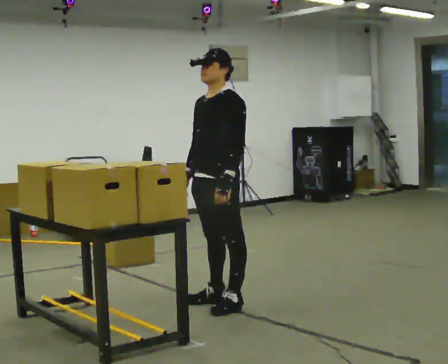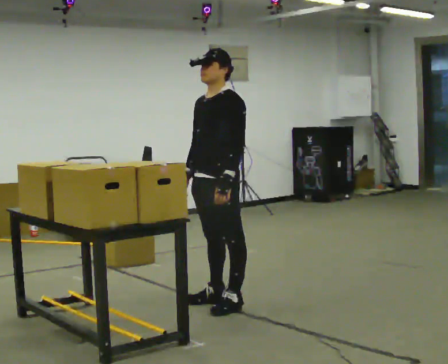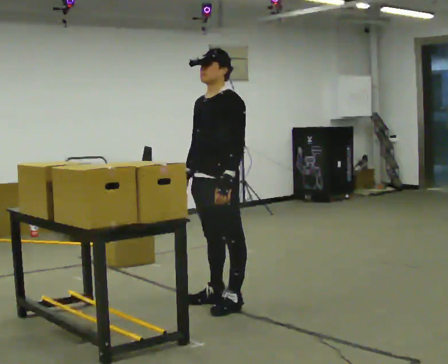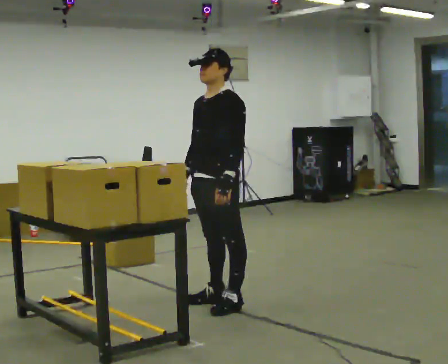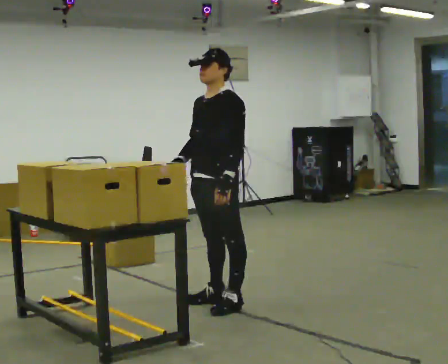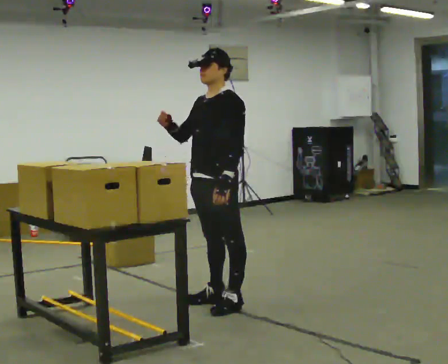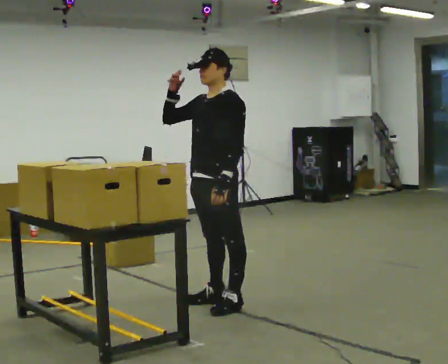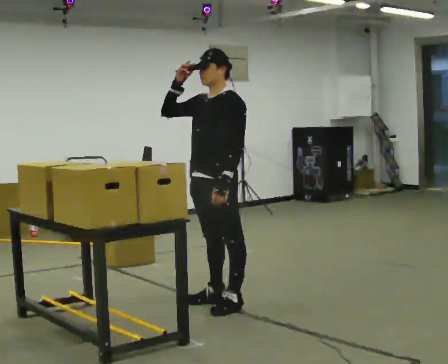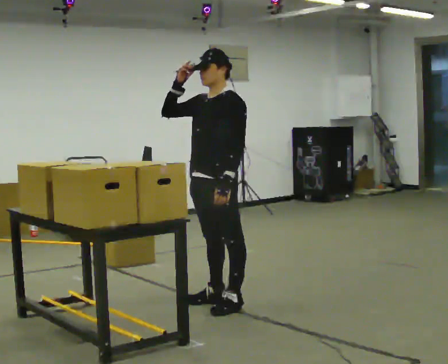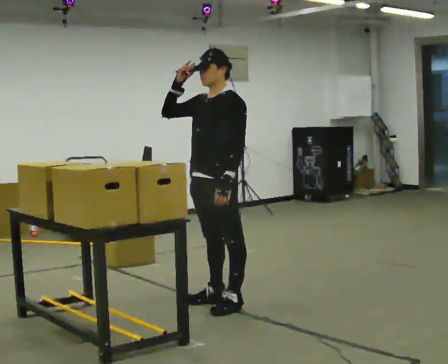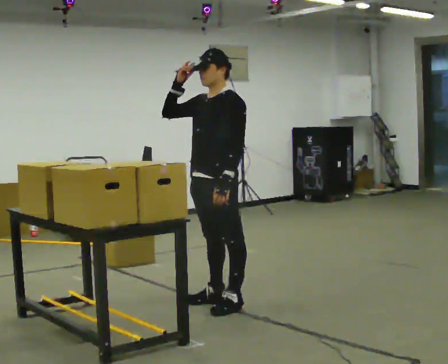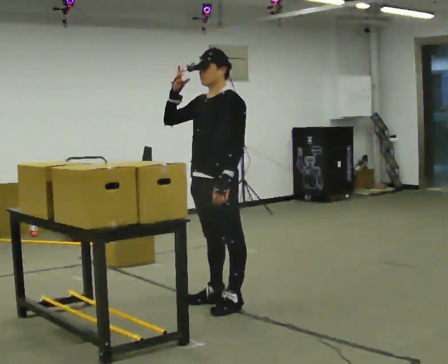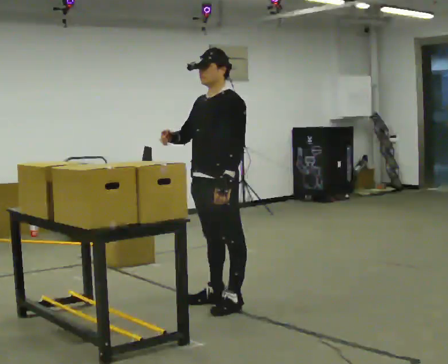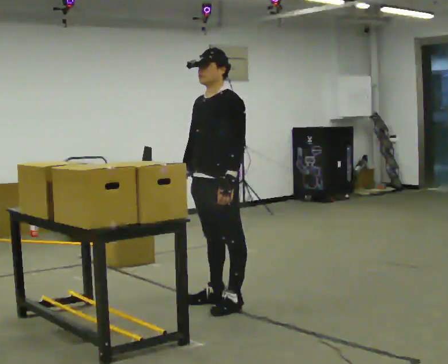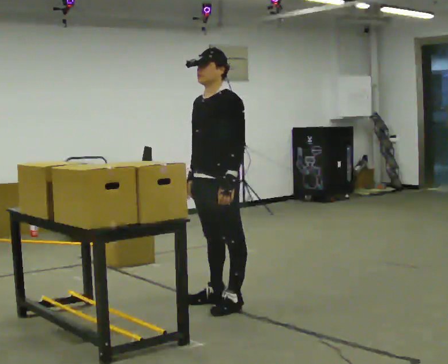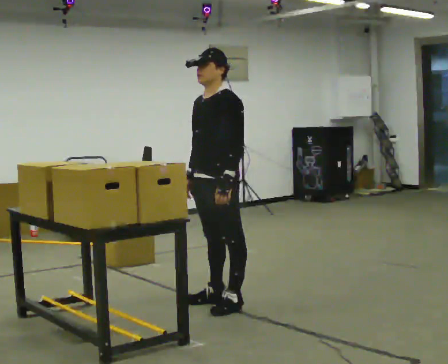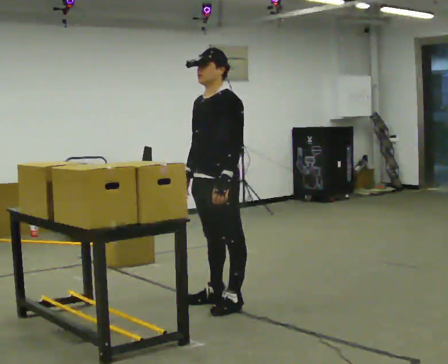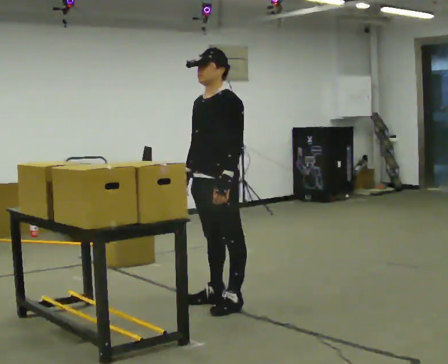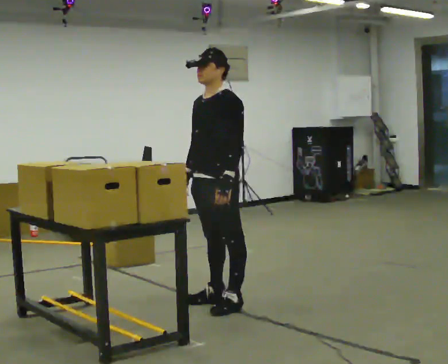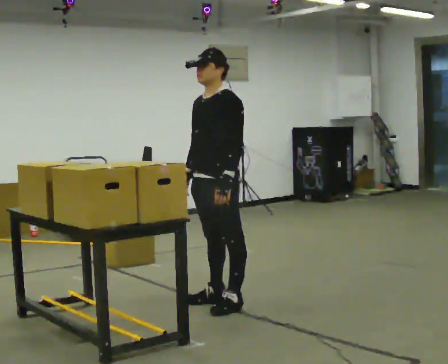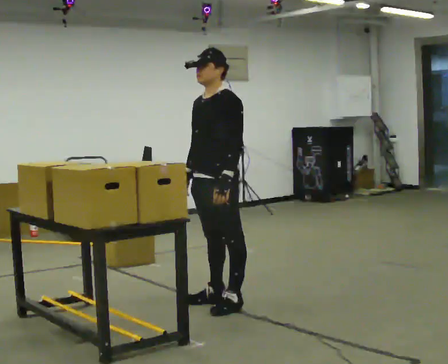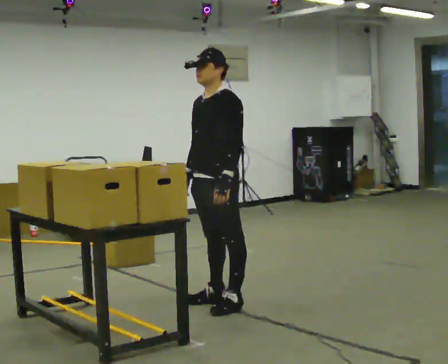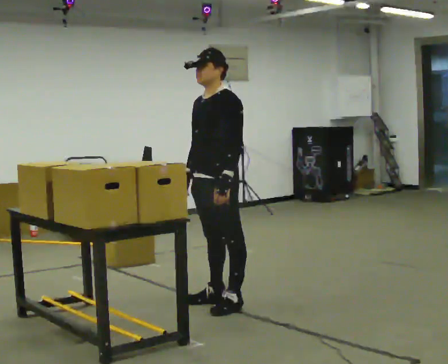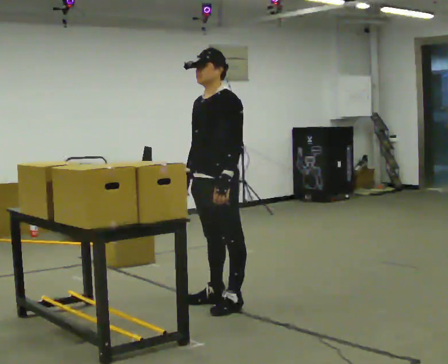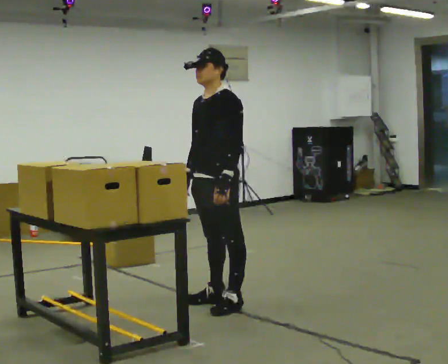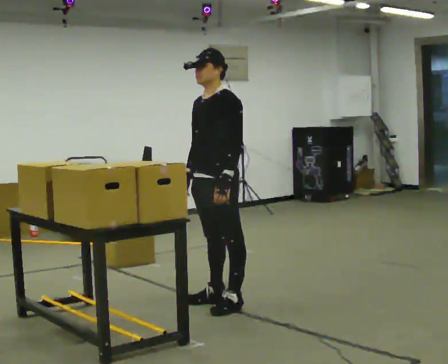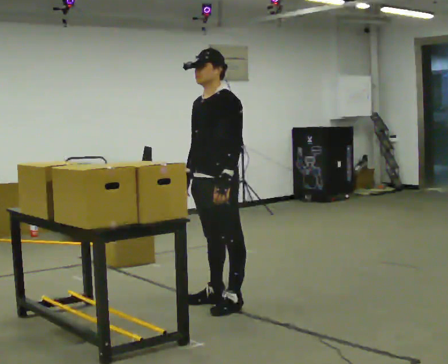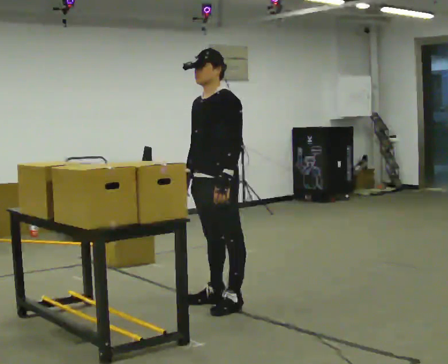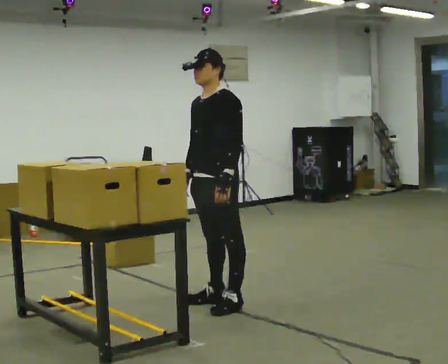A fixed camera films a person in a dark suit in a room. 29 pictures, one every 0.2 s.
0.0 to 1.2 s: In the picture their right hand goes upward, the arm swinging clockwise.
1.2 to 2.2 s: The person moves a little, or ends about where they began.
2.2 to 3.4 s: In the picture their right hand goes downward, the arm swinging counterclockwise.
3.4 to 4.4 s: The person keeps their place and pose.
4.4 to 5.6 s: The person moves a little, or ends about where they began.
The film runs forward here.
